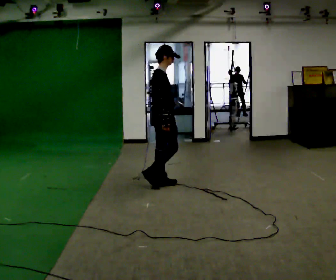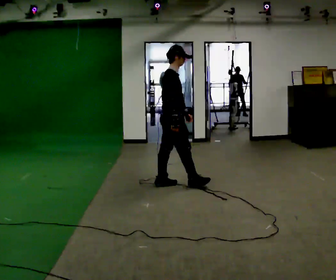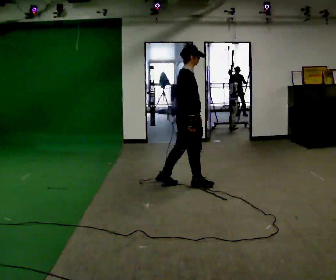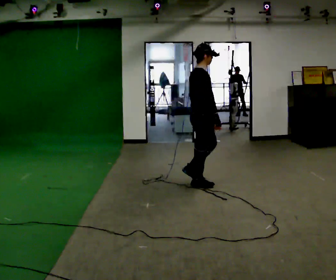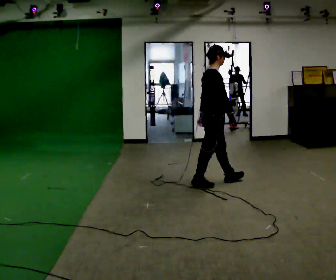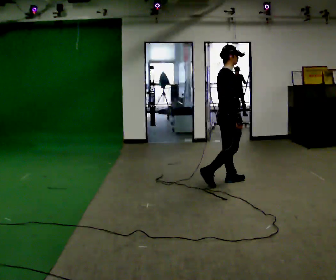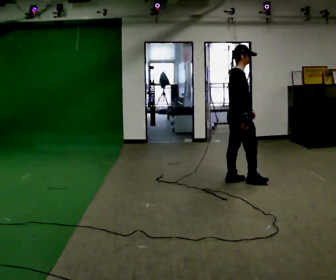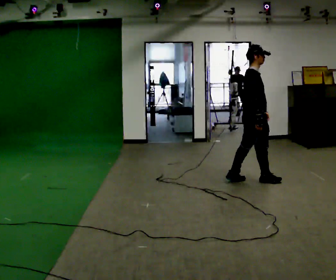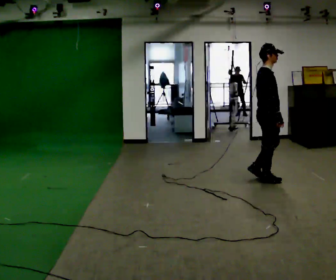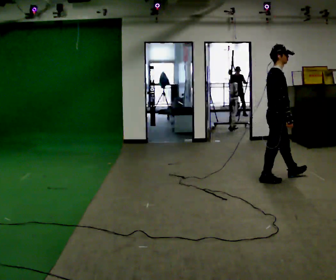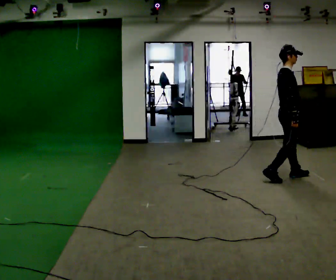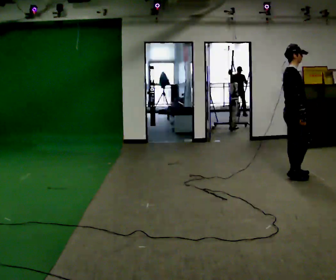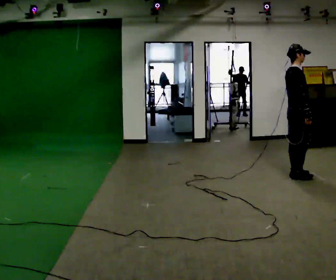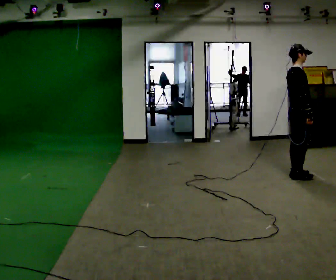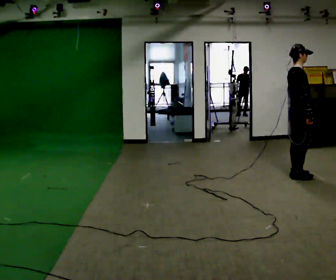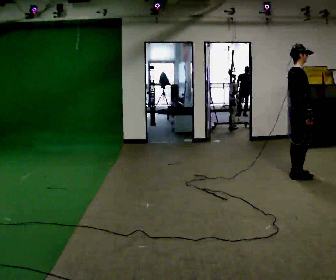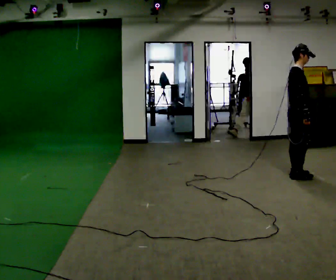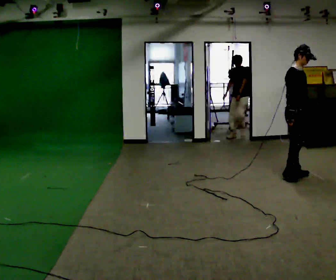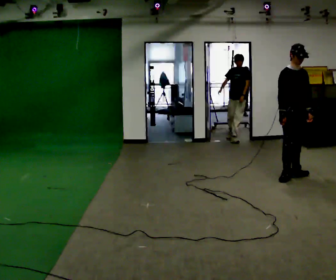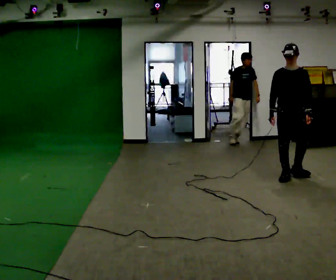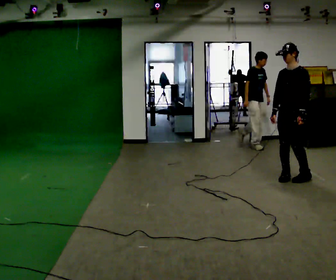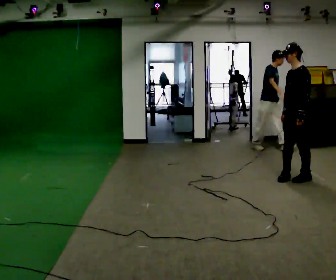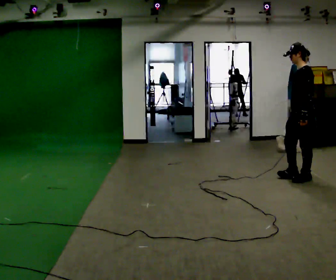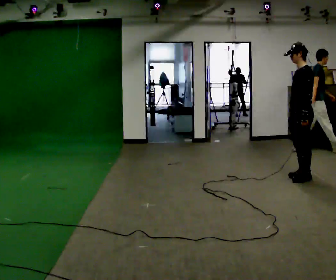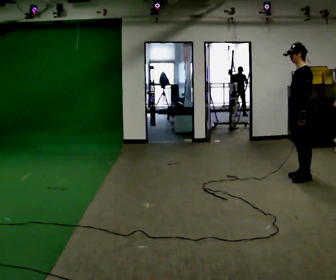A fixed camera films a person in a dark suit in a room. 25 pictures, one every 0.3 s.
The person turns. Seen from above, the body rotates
clockwise.
The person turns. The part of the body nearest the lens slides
to the left.
0.0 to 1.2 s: In the picture they go to the right, about 0.5 m in 1 step, which for them is forward.
1.2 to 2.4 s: In the picture they go to the right, about 0.75 m in 2 steps, which for them is forward.
2.4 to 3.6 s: In the picture they go to the right and away from the camera, about 0.5 m in 2 steps, which for them is forward.
3.6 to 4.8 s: The person moves a little, or ends about where they began.
4.8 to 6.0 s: Seen from above the body turns clockwise, about 135 degrees: to their right, with its near side sliding to the left. In the picture their right hand goes to the left.
6.0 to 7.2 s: Seen from above the body turns clockwise, about 45 degrees: to their right, with its near side sliding to the left.
The film runs forward here.
